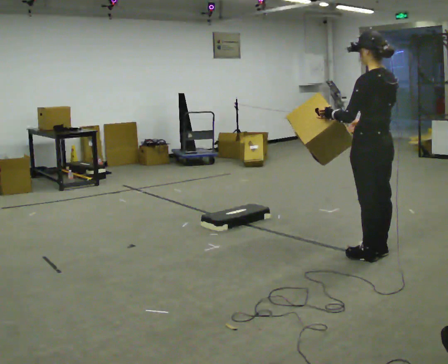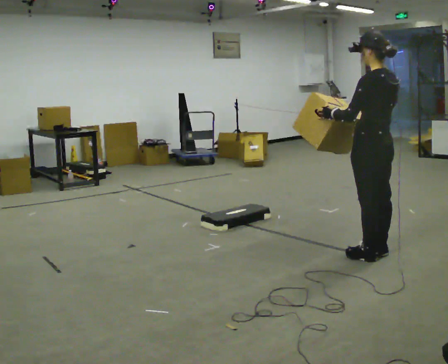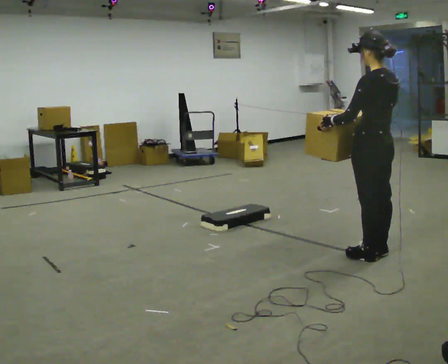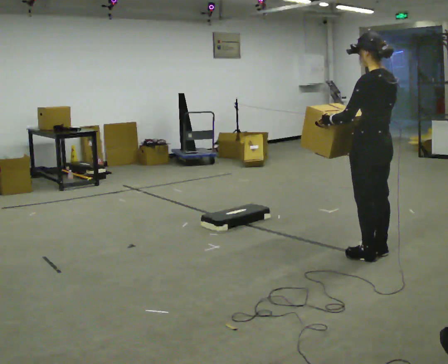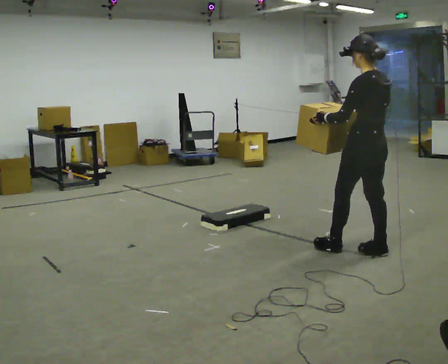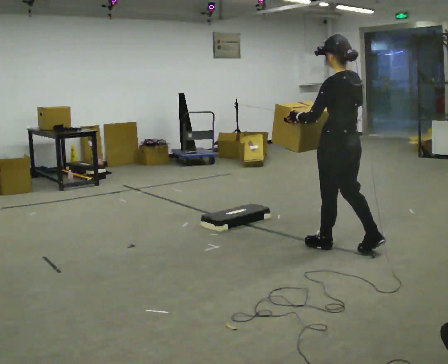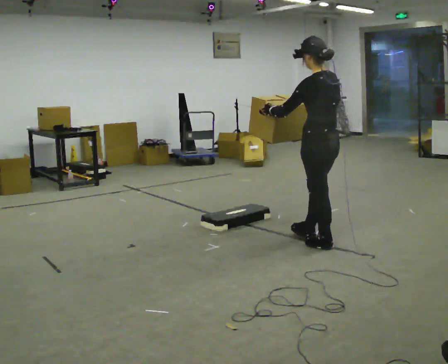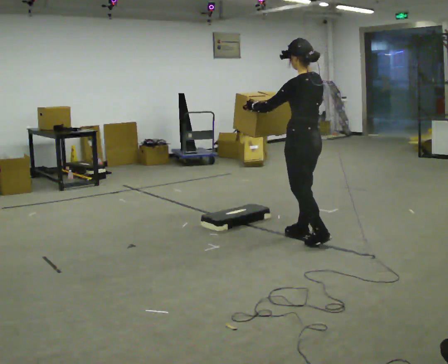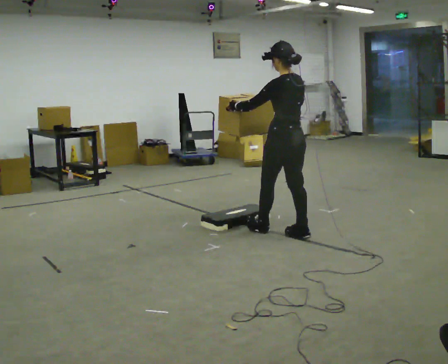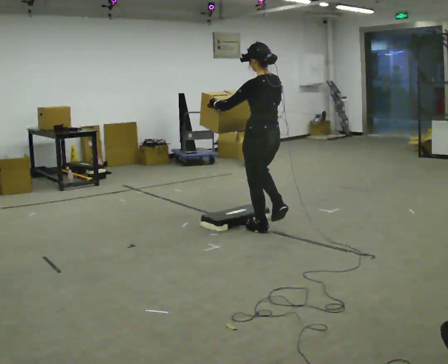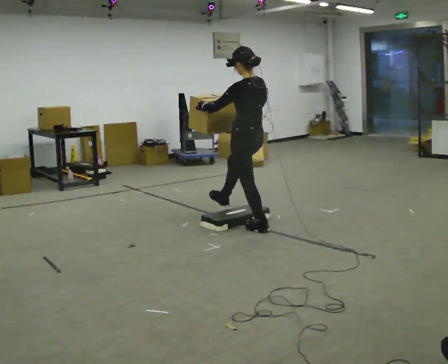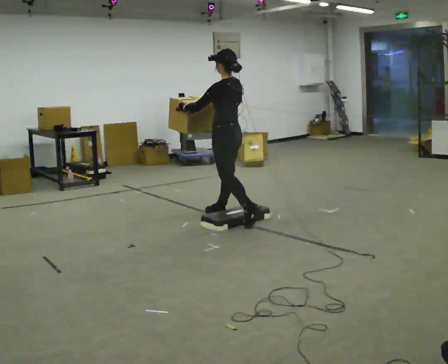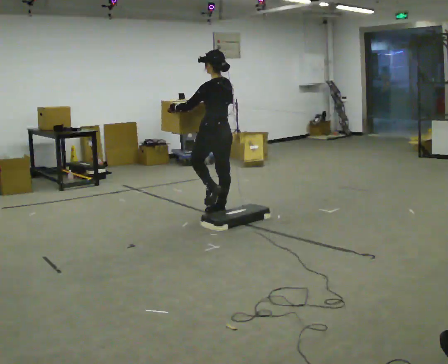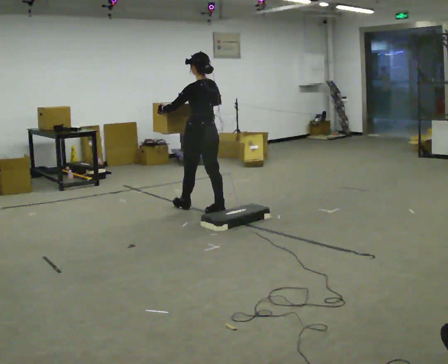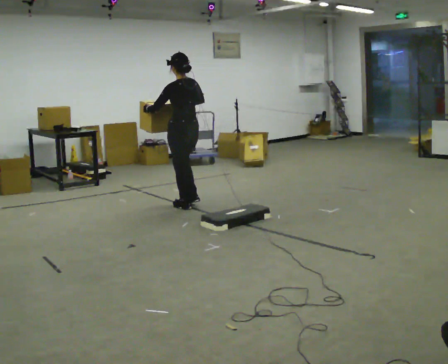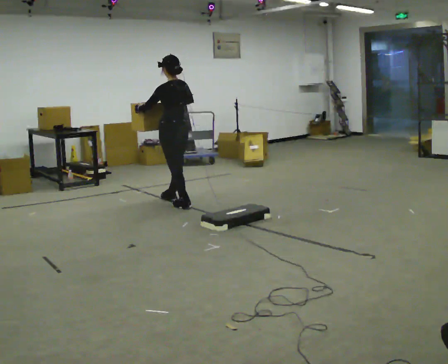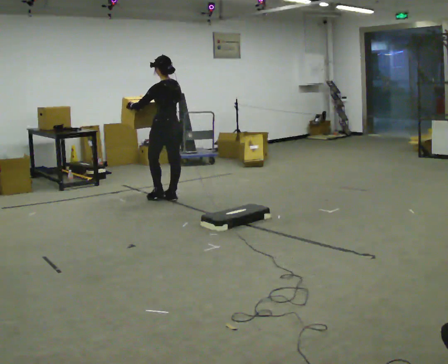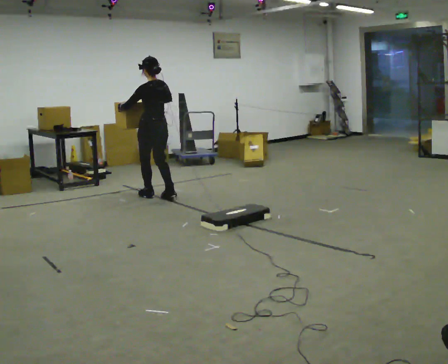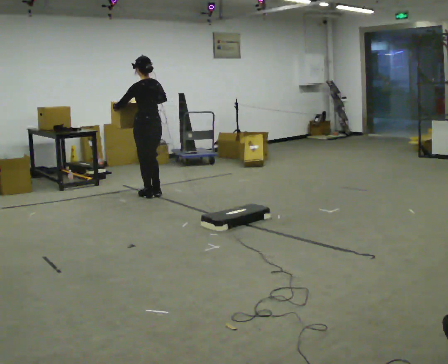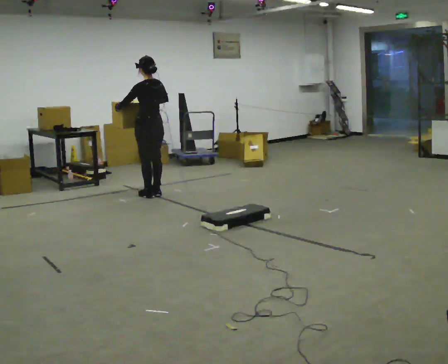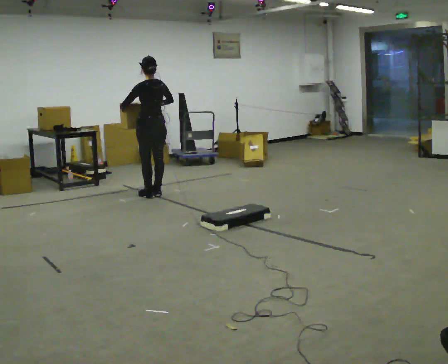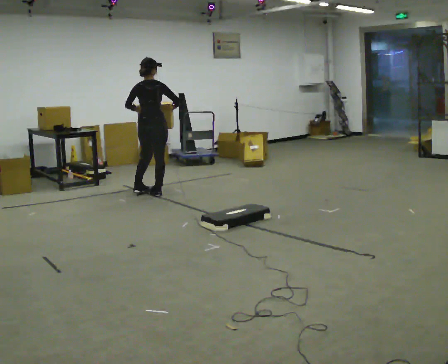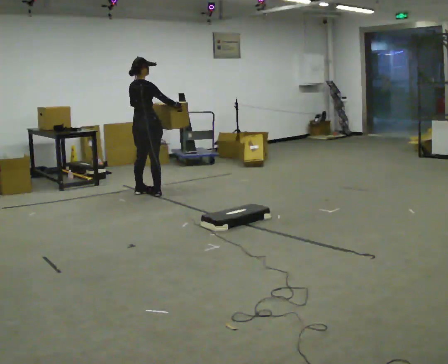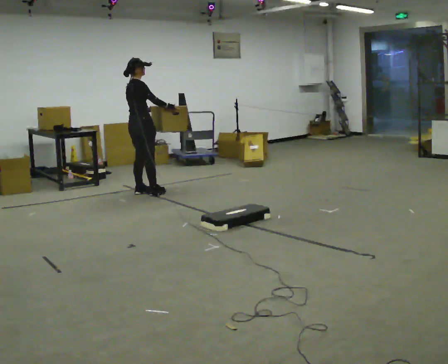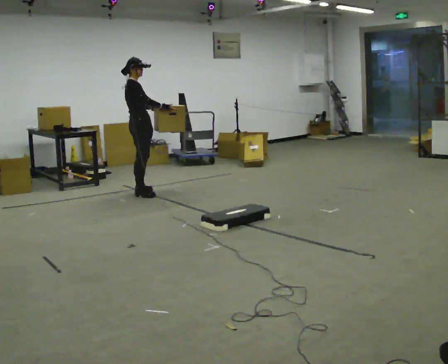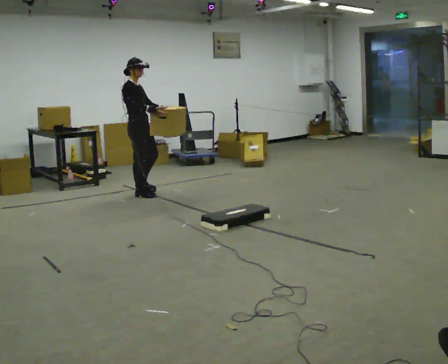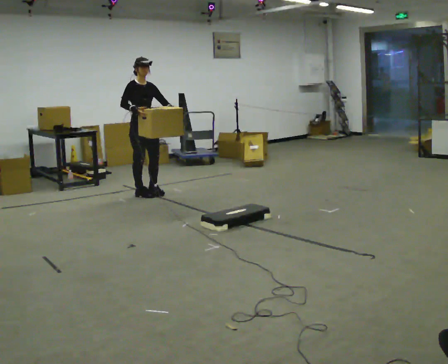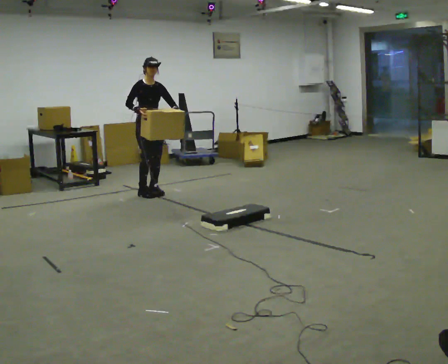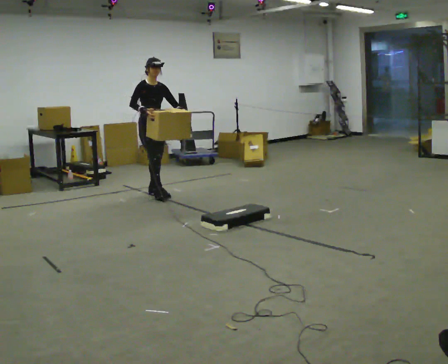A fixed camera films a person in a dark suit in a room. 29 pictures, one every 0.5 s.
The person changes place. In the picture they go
away from the camera.
0.0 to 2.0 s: The person moves a little, or ends about where they began.
2.0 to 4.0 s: In the picture they go away from the camera and to the left, about 1 m in 2 steps, which for them is forward.
4.0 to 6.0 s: In the picture they go away from the camera and to the left, about 1 m in 2 steps, which for them is forward.
6.0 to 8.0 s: In the picture they go away from the camera and to the left, about 1 m in 2 steps, which for them is forward.
8.0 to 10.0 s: In the picture they go away from the camera and to the left, about 0.25 m in 2 steps, which for them is forward.
10.0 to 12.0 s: The part of the body nearest the lens slides to the left as the person turns to their right by about 105 degrees.
12.0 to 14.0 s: Seen from above the body turns clockwise, about 75 degrees: to their right, with its near side sliding to the left. In the picture they go to the right, about 0.25 m in 1 step.
The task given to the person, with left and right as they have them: Carry the box over the low sill without stopping, then bring it back over. Keep going until the operator says stop; one object at a time, and do not rush between trips.
The film runs forward here.
